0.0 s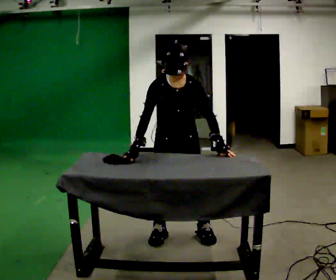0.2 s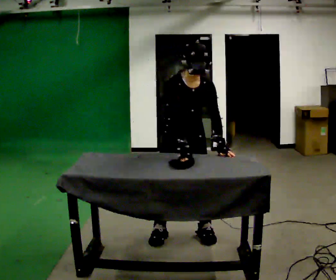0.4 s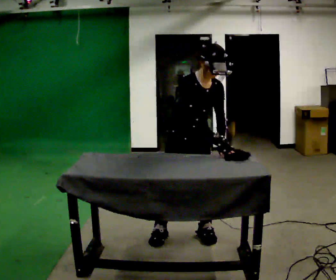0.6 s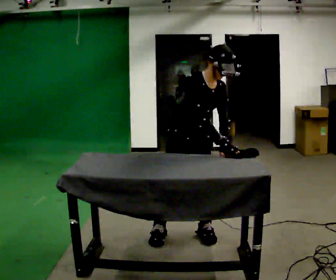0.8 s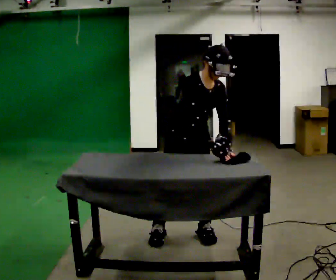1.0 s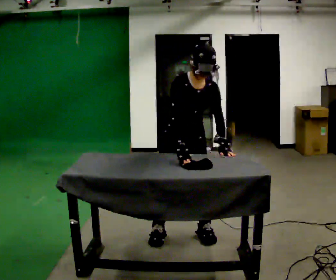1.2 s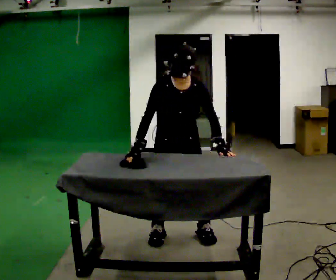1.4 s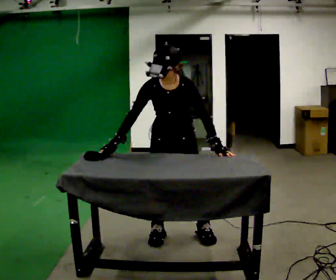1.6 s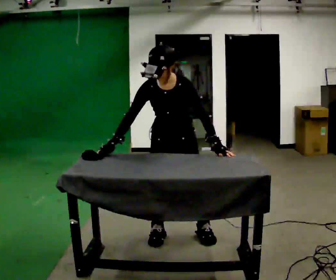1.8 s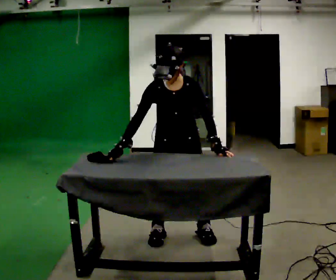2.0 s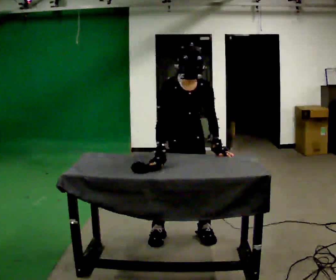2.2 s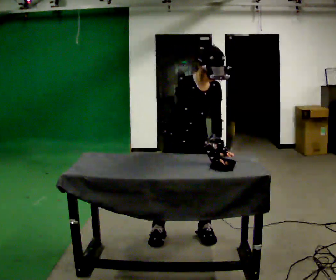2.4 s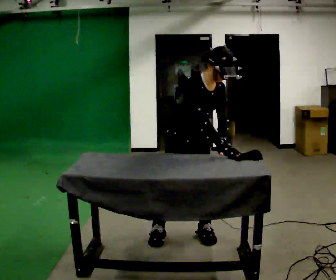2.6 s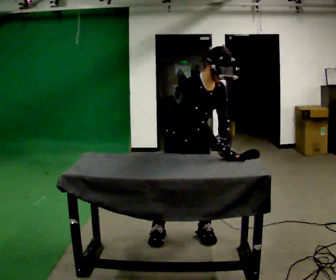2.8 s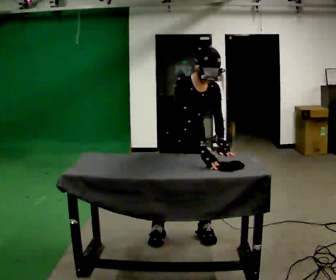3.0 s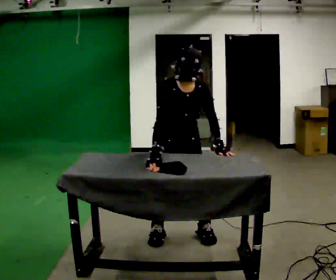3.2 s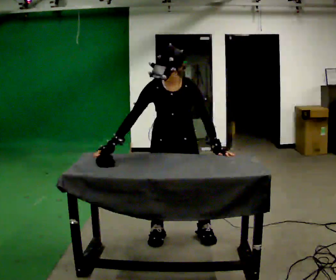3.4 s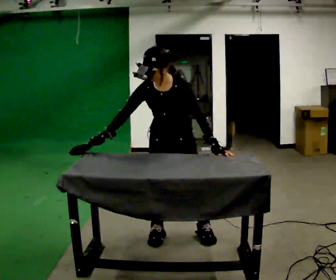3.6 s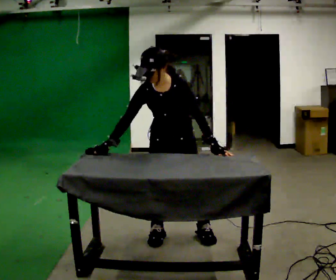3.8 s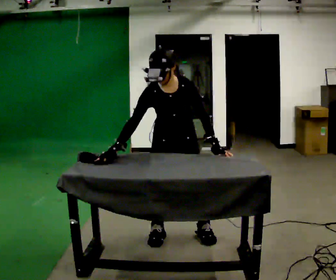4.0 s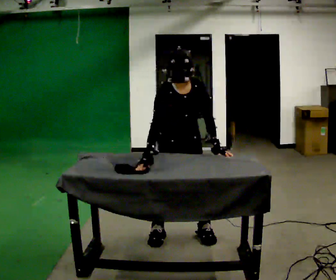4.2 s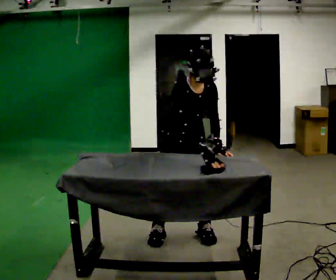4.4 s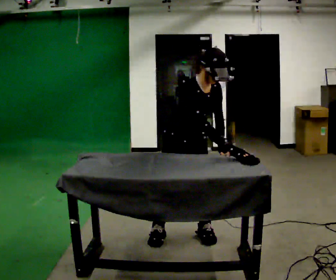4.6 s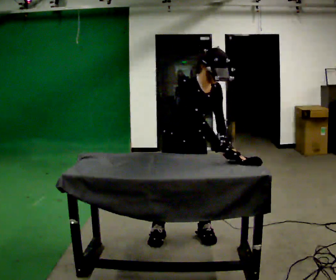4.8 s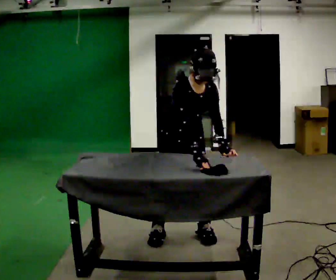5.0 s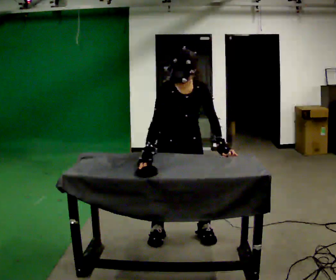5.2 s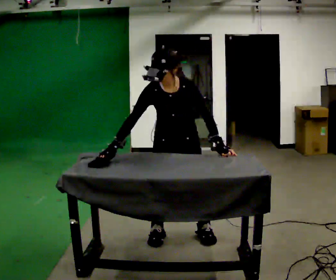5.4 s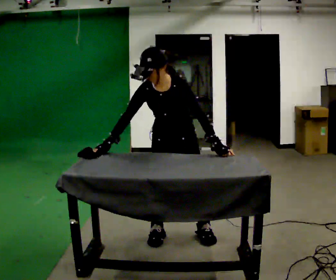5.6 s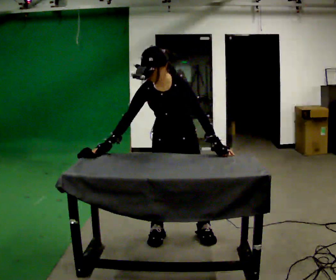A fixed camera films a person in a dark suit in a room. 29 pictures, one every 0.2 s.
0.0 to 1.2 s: The person moves a little, or ends about where they began.
1.2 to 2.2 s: The person turns about 30 degrees to their left, counterclockwise seen from above, so the part of the body nearest the lens slides to the right. In the picture their right hand goes to the right, the arm swinging counterclockwise.
2.2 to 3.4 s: The part of the body nearest the lens slides to the left as the person turns to their right by about 45 degrees. In the picture the upper body tilts counterclockwise, shoulders to the left. In the picture their right hand goes to the left, the arm swinging clockwise.
3.4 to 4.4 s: The part of the body nearest the lens slides to the right as the person turns to their left by about 45 degrees. In the picture the upper body tilts clockwise, shoulders to the right. In the picture their right hand goes to the right, the arm swinging counterclockwise.
4.4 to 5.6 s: The person turns about 45 degrees to their right, clockwise seen from above, so the part of the body nearest the lens slides to the left. In the picture the upper body tilts counterclockwise, shoulders to the left. In the picture their right hand goes to the left, the arm swinging clockwise.
The film runs forward here.
